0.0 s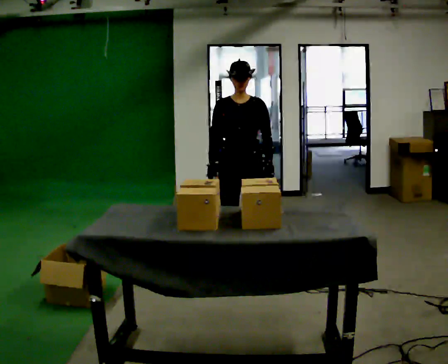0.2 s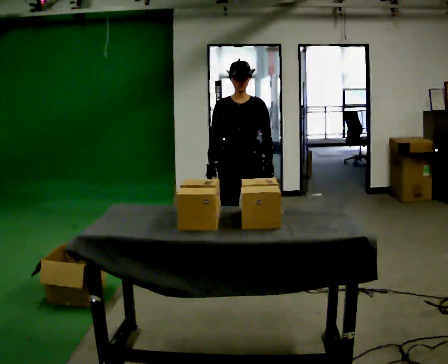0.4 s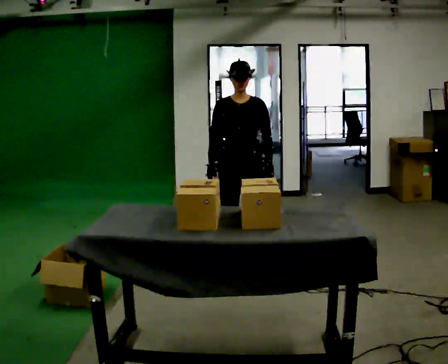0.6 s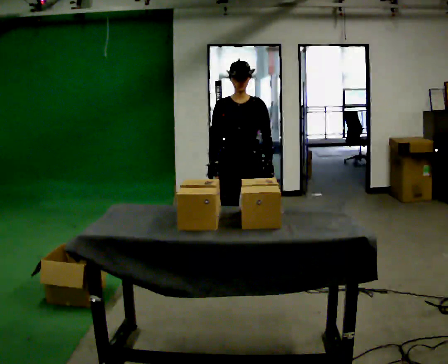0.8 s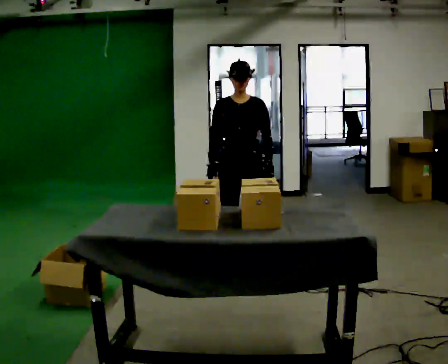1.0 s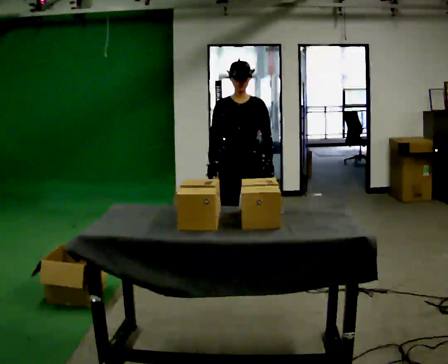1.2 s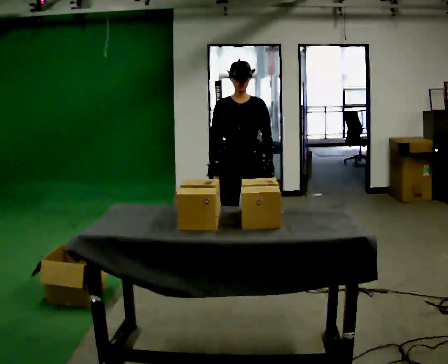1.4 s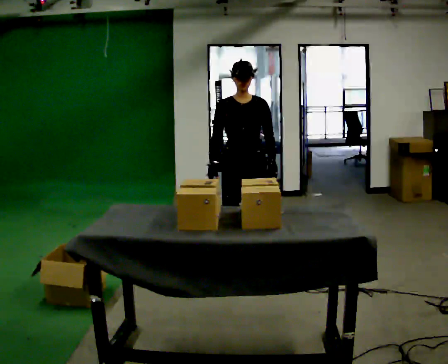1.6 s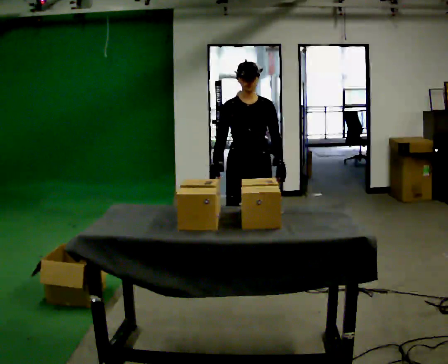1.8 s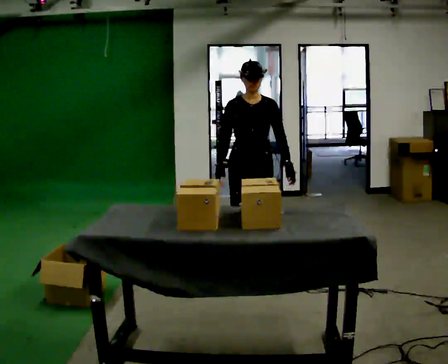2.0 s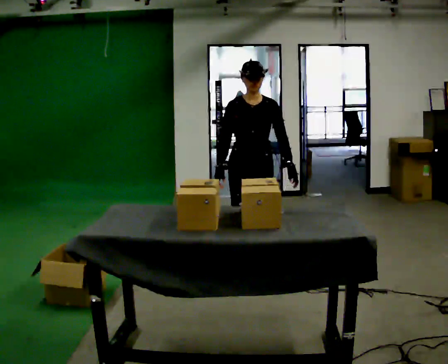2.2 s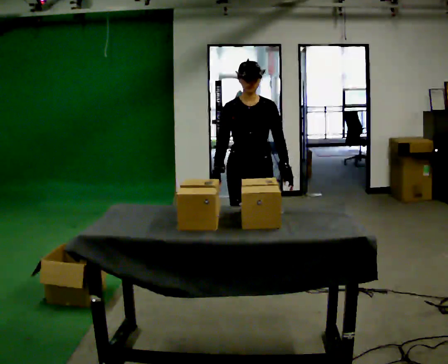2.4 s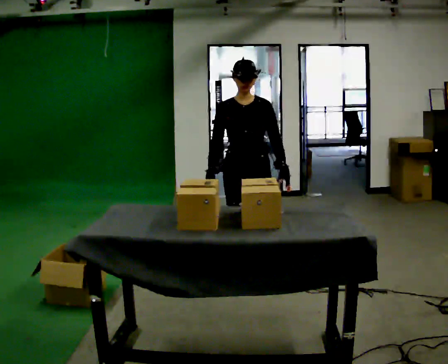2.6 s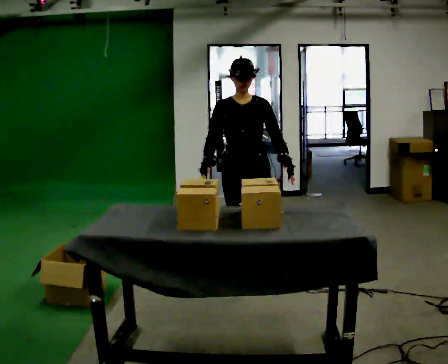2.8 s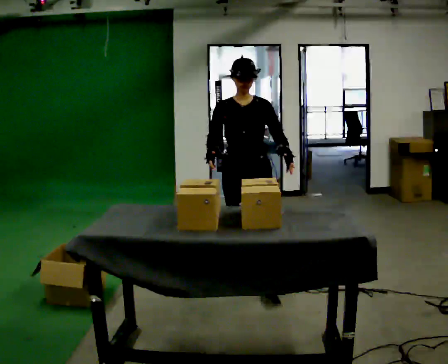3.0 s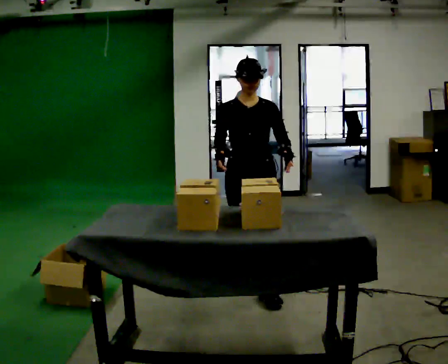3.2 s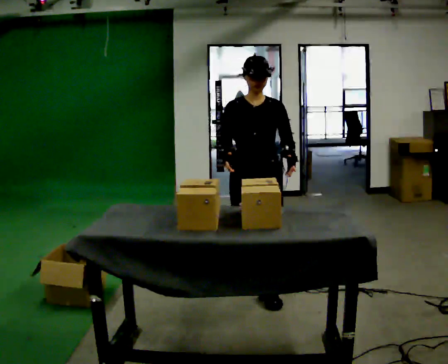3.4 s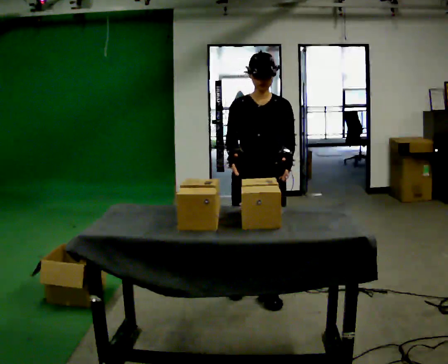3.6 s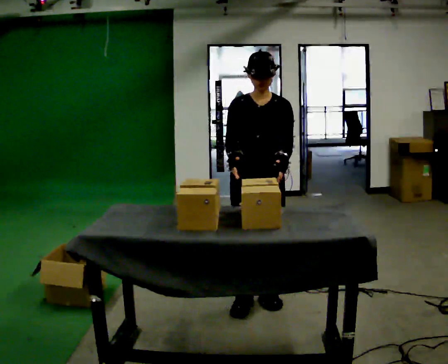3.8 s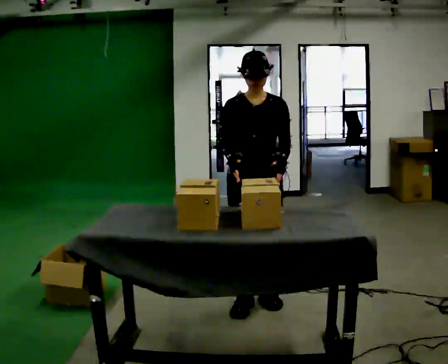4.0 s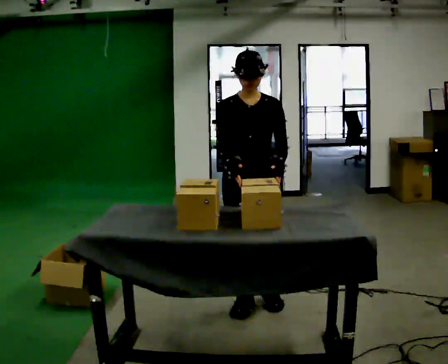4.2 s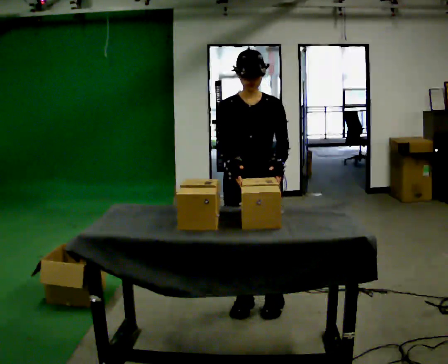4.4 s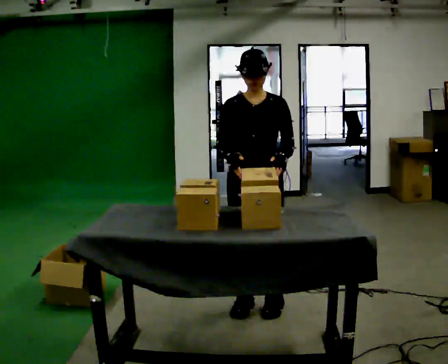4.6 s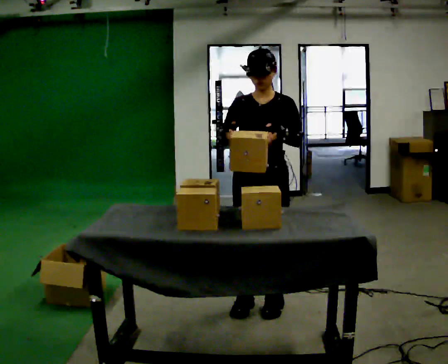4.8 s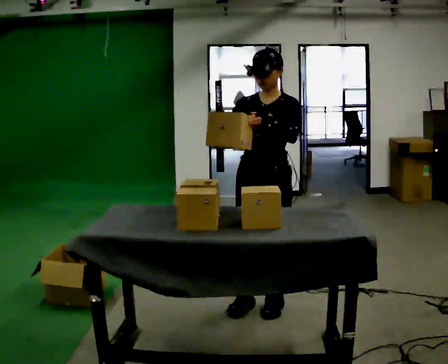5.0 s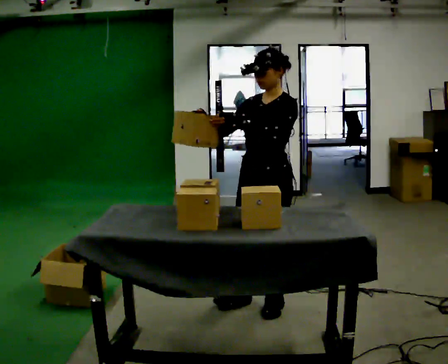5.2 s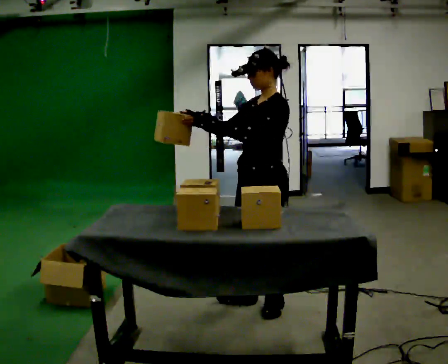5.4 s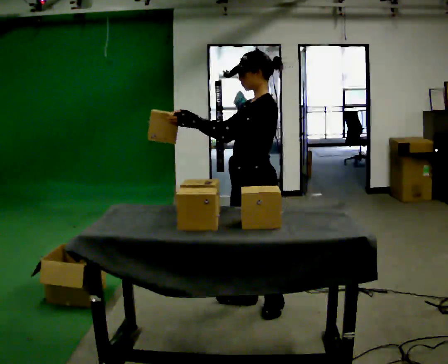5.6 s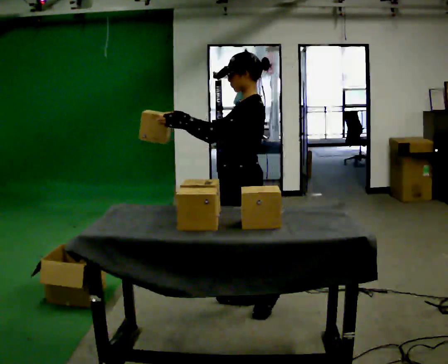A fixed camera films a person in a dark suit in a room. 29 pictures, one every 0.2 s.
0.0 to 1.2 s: The person keeps their place and pose.
1.2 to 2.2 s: The person moves a little, or ends about where they began.
2.2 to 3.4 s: In the picture they go toward the camera, about 0.5 m in 1 step, which for them is forward.
3.4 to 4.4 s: In the picture they go toward the camera, about 0.25 m in 1 step, which for them is forward.
4.4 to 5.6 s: The part of the body nearest the lens slides to the left as the person turns to their right by about 75 degrees.
The film runs forward here.
